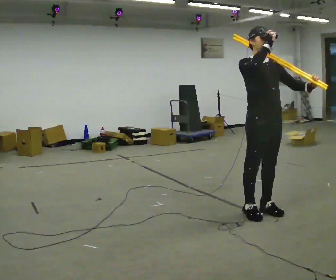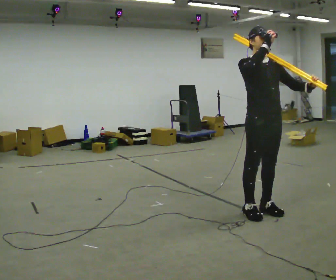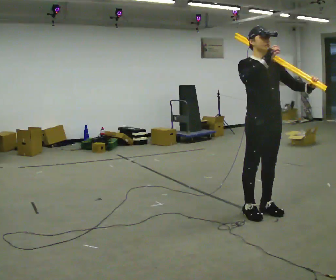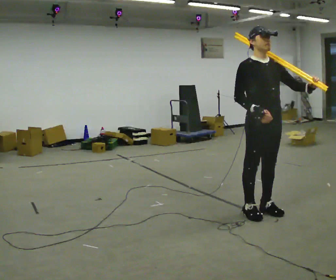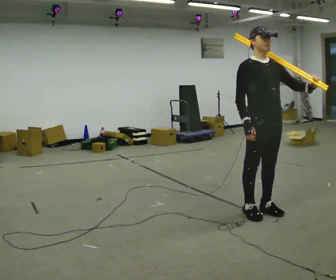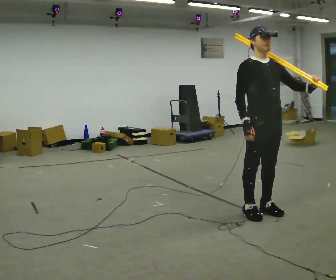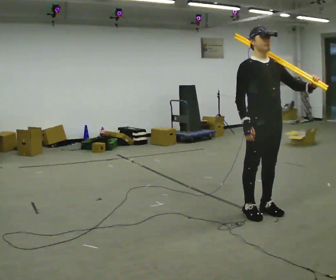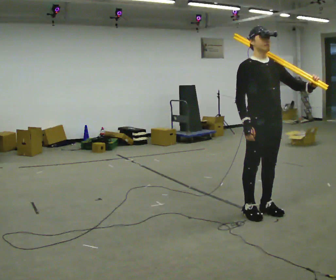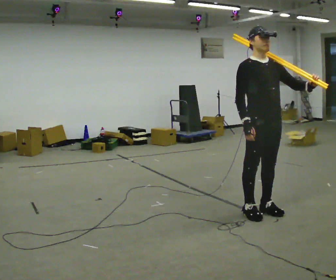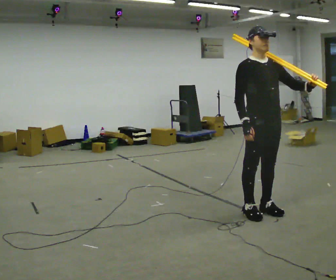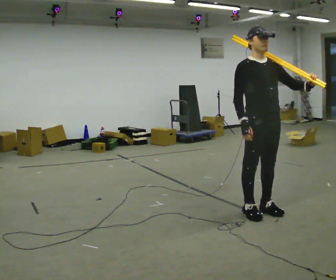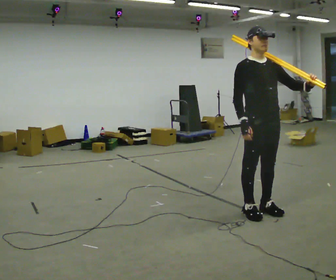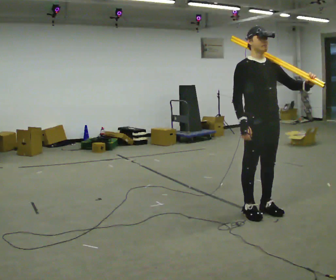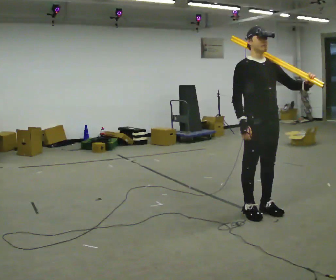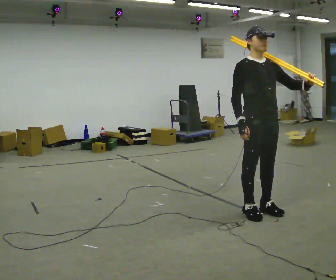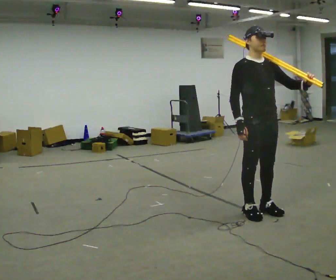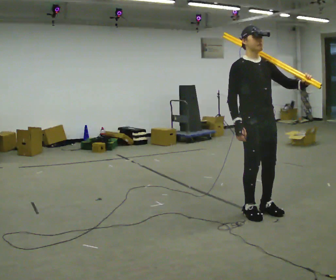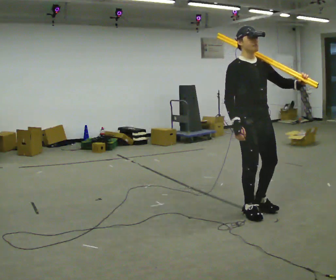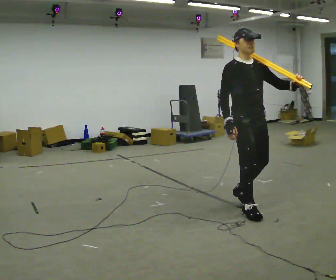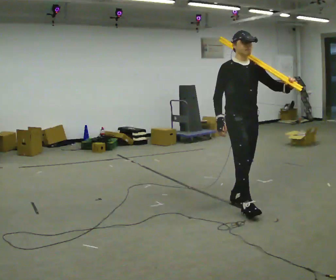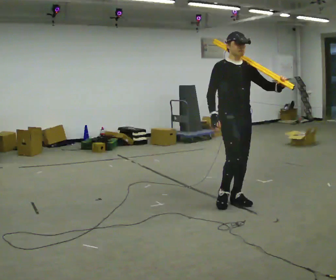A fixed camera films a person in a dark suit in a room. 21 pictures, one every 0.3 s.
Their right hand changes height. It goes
downward.
0.0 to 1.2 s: In the picture their right hand goes downward.
1.2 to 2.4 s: The person keeps their place and pose.
2.4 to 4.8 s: The person moves a little, or ends about where they began.
4.8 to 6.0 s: In the picture they go to the left and away from the camera, about 0.5 m in 2 steps, which for them is backward.
The film runs backward here.
